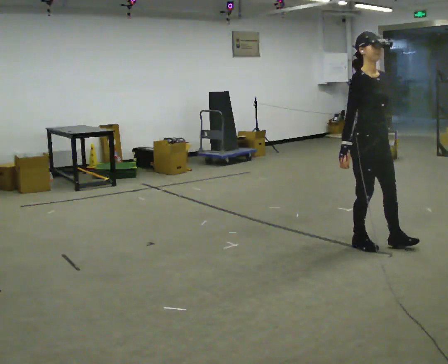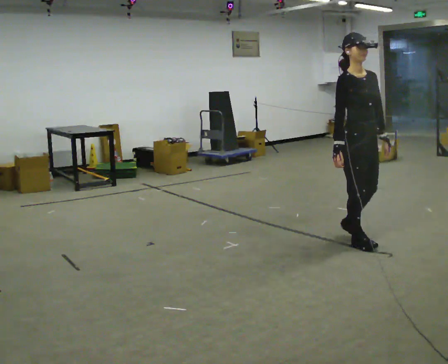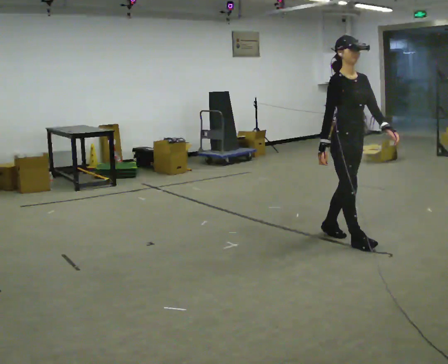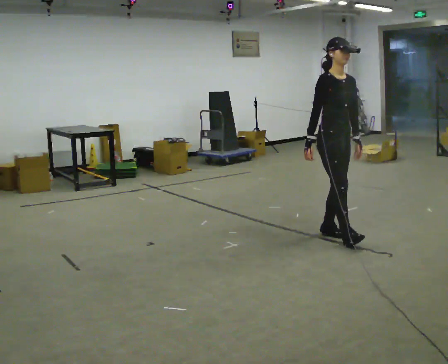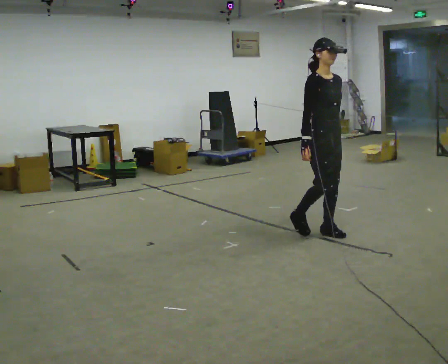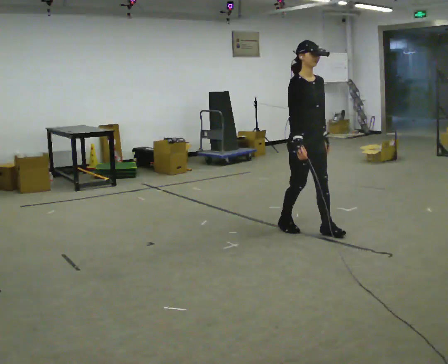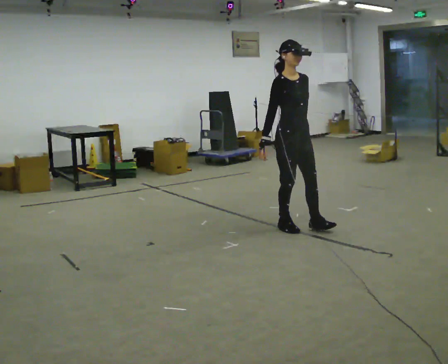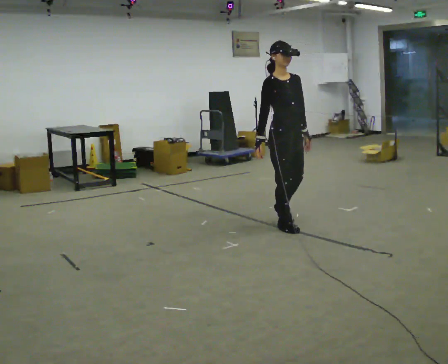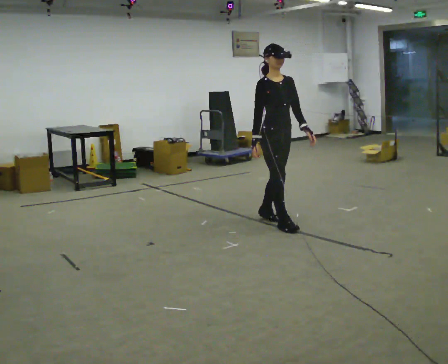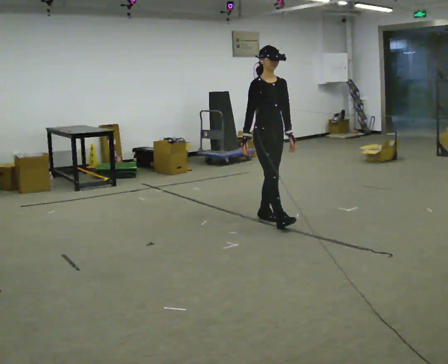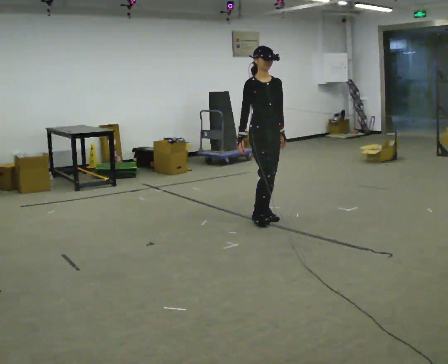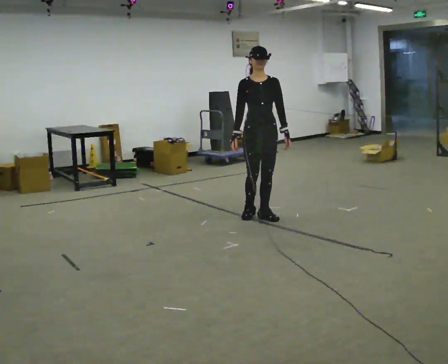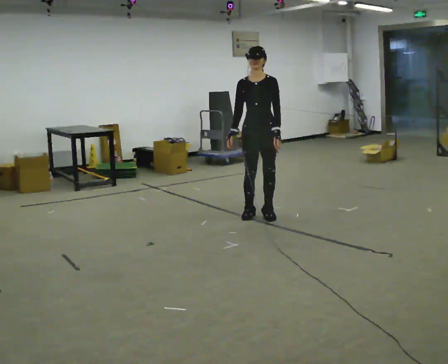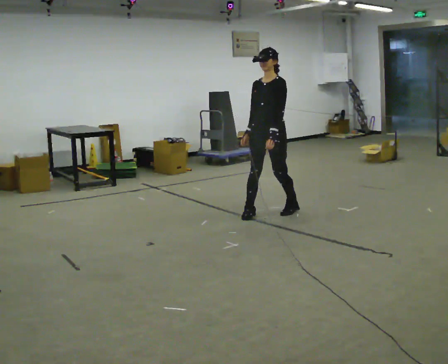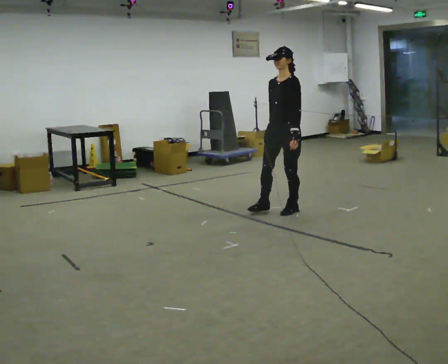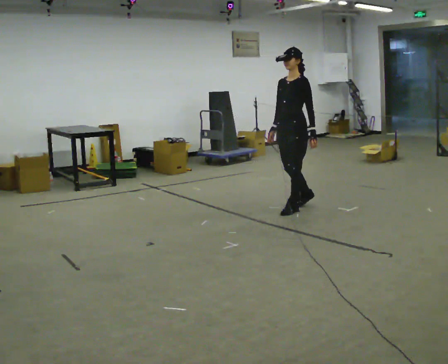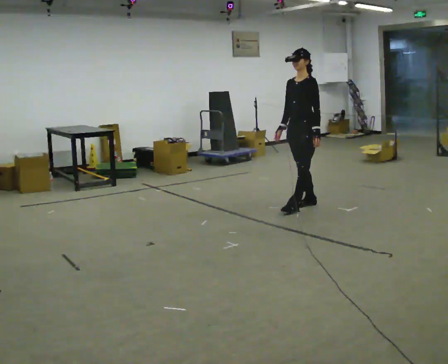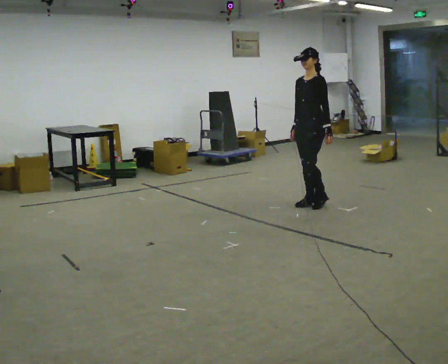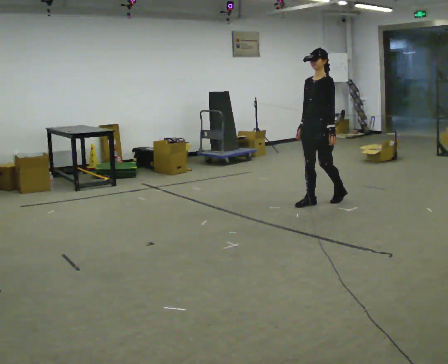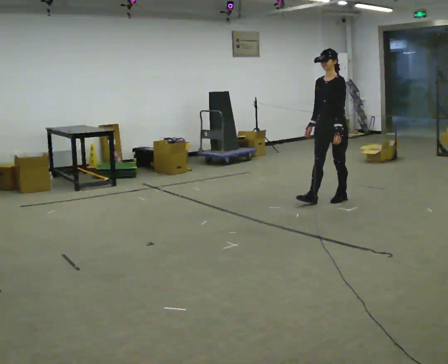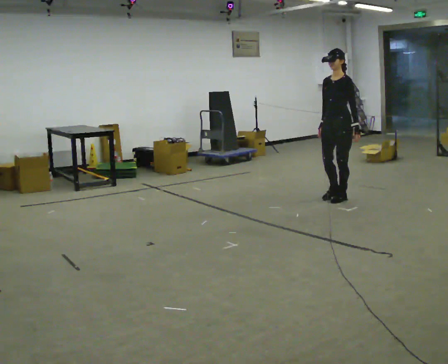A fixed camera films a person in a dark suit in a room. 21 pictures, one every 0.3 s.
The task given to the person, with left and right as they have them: Walk backward several steps, then turn while still moving backward, then continue backward. Operator confirms the space behind you is clear.
0.0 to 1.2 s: In the picture they go away from the camera and to the left, about 0.5 m in 1 step, which for them is backward.
1.2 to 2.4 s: In the picture they go away from the camera and to the left, about 0.5 m in 2 steps, which for them is backward.
2.4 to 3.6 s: The person turns about 45 degrees to their right, clockwise seen from above, so the part of the body nearest the lens slides to the left. In the picture they go away from the camera, about 0.25 m in 1 step, which for them is backward.
3.6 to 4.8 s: The person turns about 45 degrees to their right, clockwise seen from above, so the part of the body nearest the lens slides to the left. In the picture they go to the right and away from the camera, about 0.5 m in 2 steps, which for them is backward.
4.8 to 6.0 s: In the picture they go to the right and away from the camera, about 0.5 m in 1 step, which for them is backward.
The film runs forward here.
